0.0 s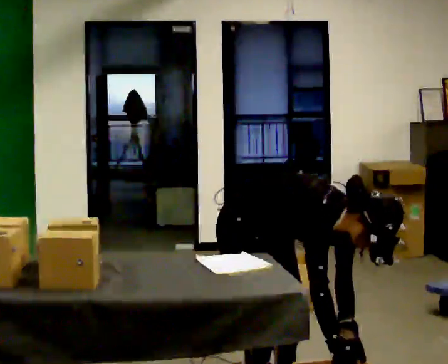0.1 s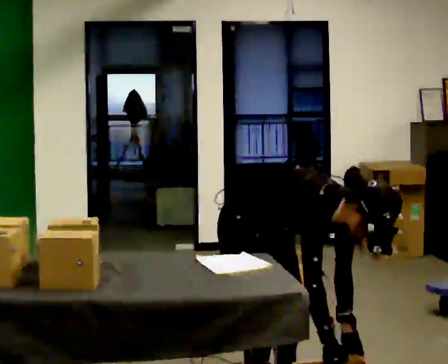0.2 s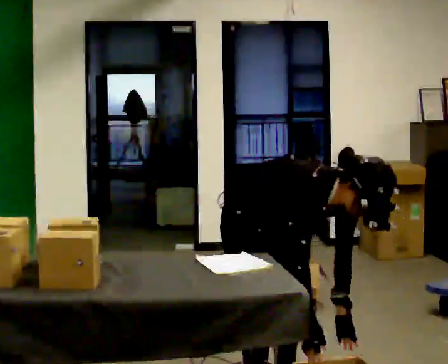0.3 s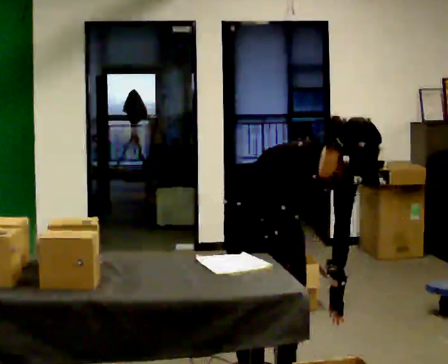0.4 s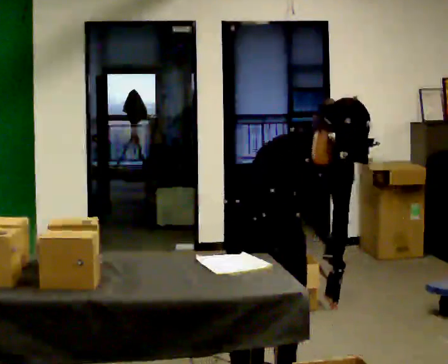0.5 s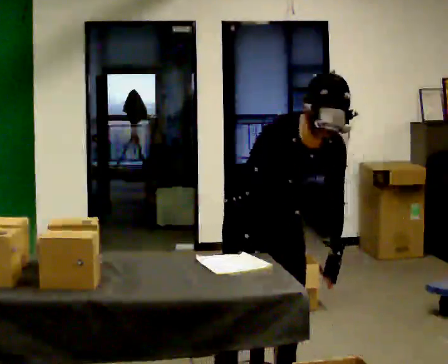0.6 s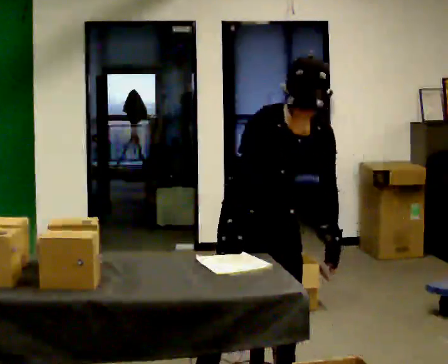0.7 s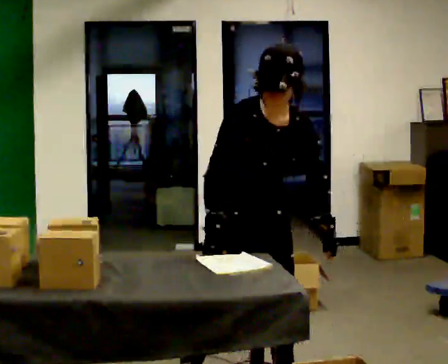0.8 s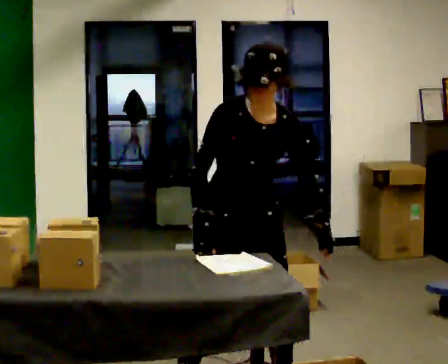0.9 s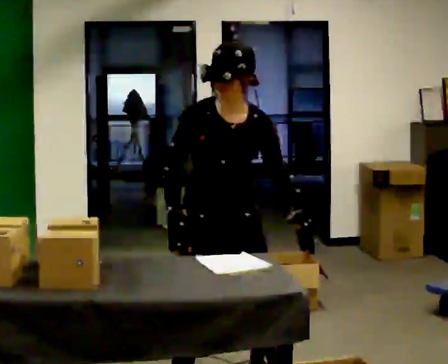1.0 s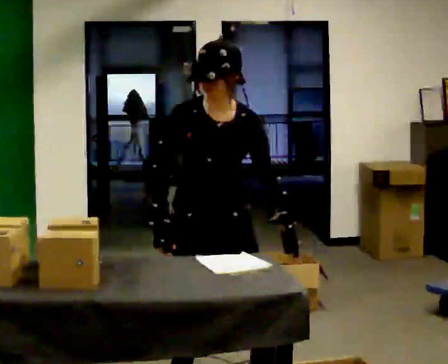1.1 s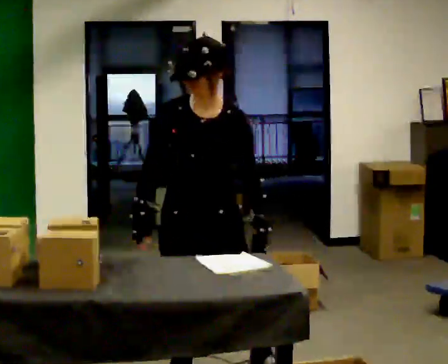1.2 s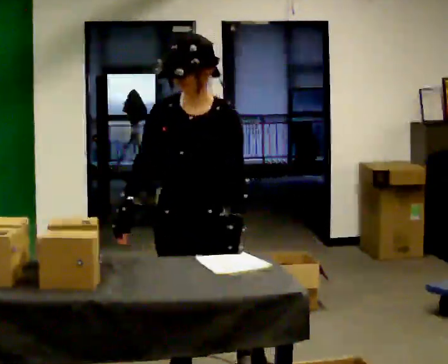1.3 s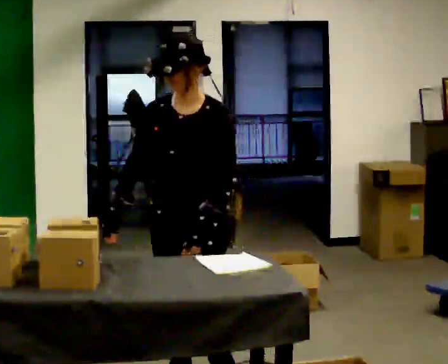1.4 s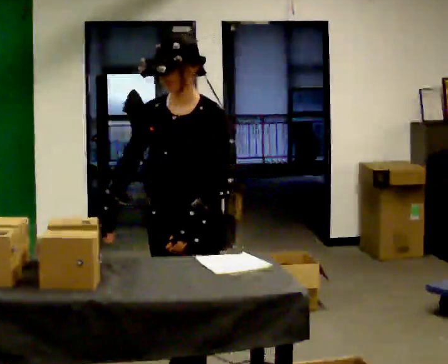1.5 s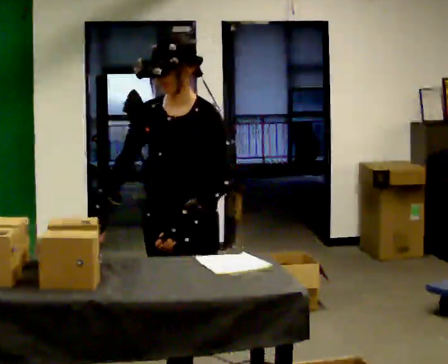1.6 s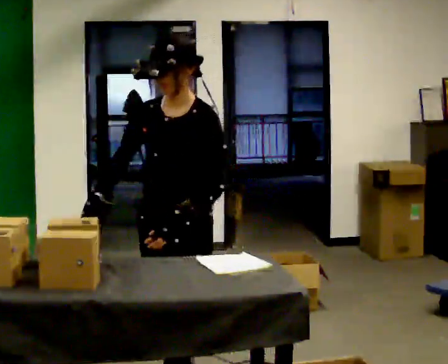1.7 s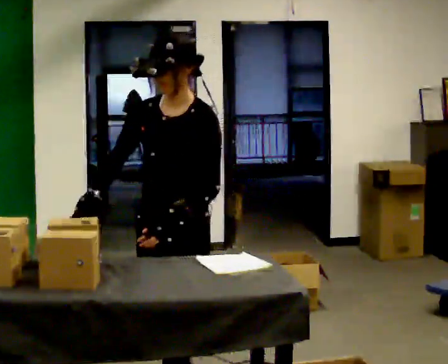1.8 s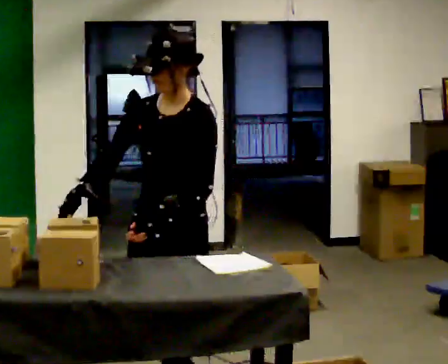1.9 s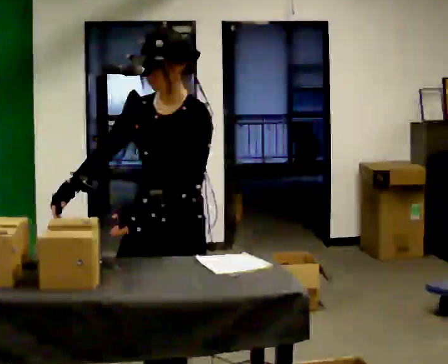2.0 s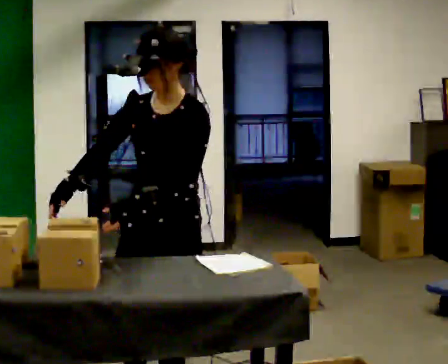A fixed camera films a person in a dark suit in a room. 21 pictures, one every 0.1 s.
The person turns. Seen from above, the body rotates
clockwise.
The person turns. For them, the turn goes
to their right.
0.0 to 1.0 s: The person turns about 45 degrees to their right, clockwise seen from above, so the part of the body nearest the lens slides to the left. In the picture they go to the left, about 0.25 m in 1 step, which for them is backward. The upper body goes upward. In the picture the upper body tilts counterclockwise, shoulders to the left, as they lean back or straighten. In the picture their right hand goes to the left and upward.
1.0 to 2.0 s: The part of the body nearest the lens slides to the left as the person turns to their right by about 30 degrees. In the picture they go toward the camera, about 0.25 m in 1 step, which for them is forward.
The film runs forward here.
